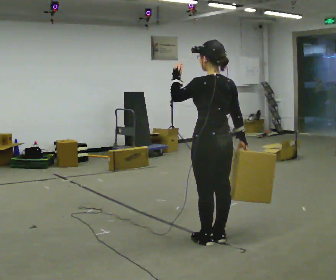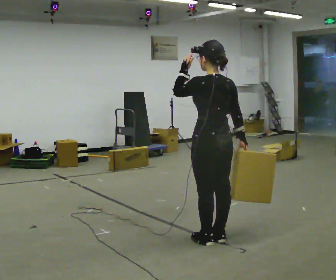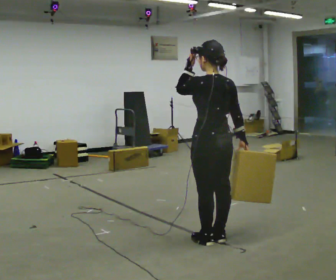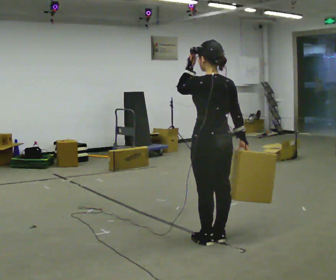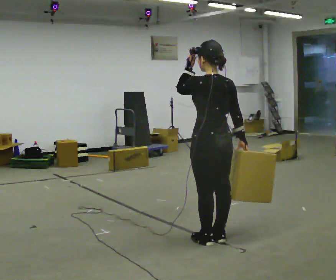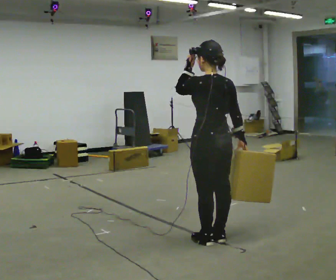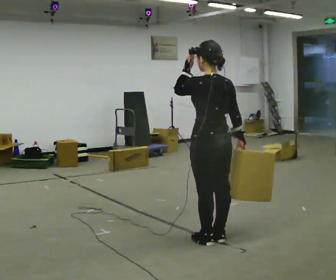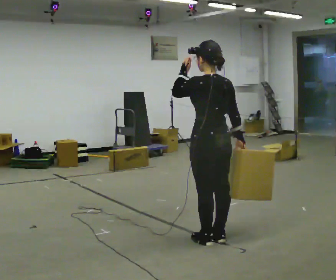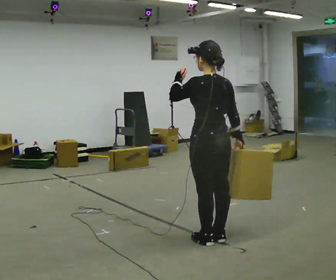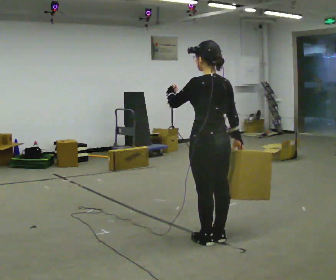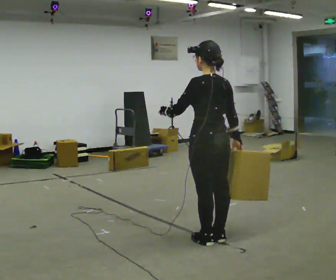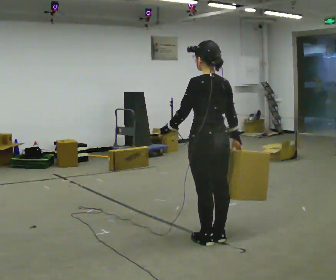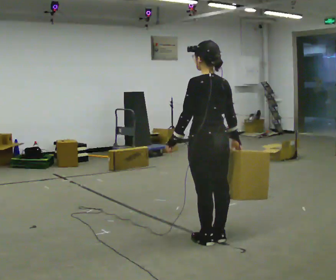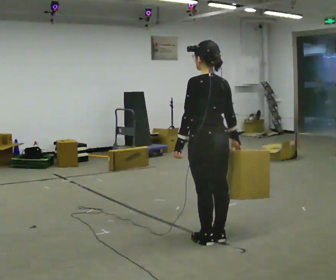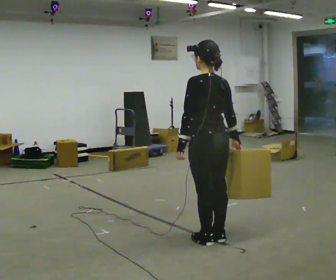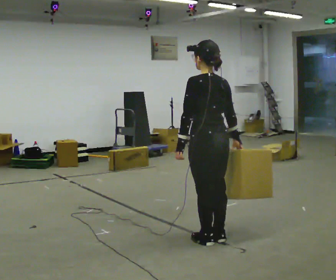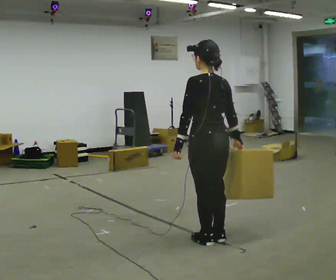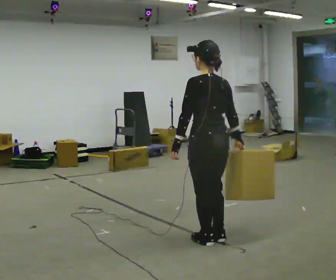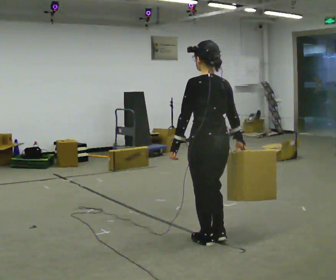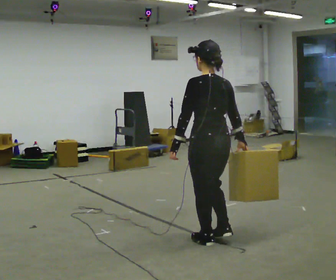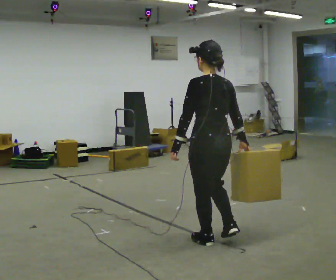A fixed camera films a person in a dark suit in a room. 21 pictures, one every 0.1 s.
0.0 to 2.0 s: In the picture their left hand goes downward.
The film runs backward here.
